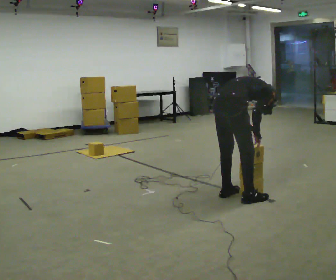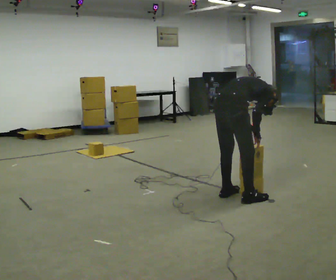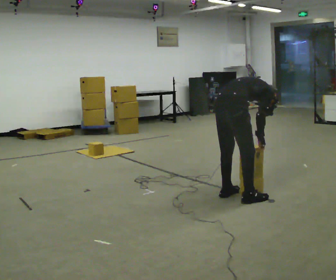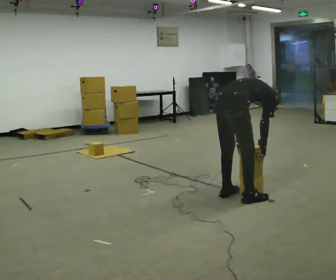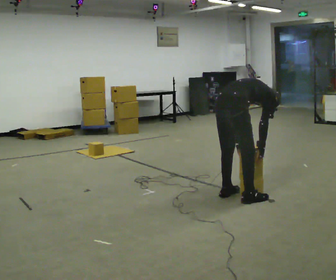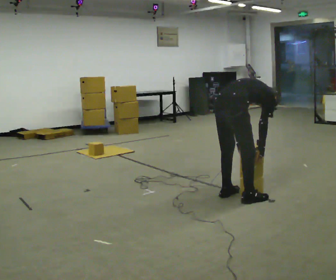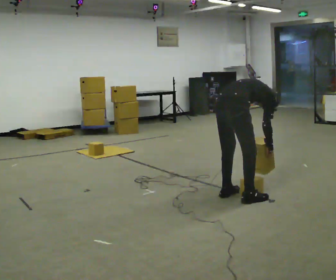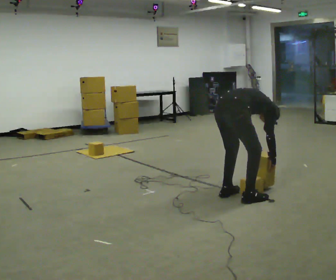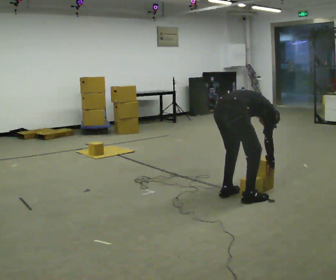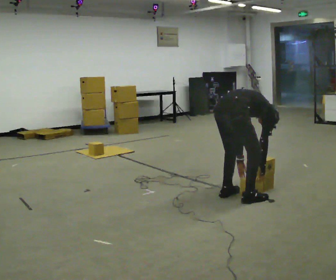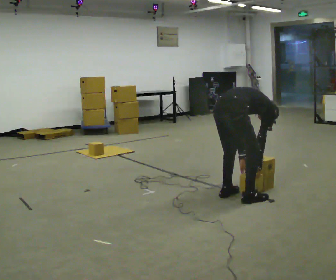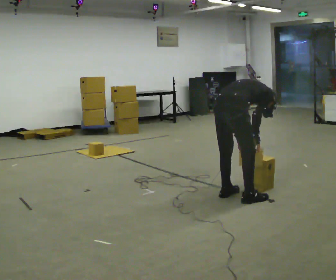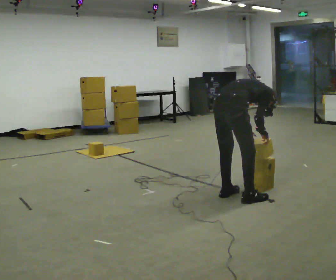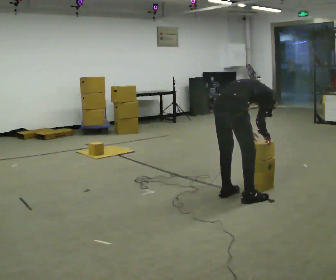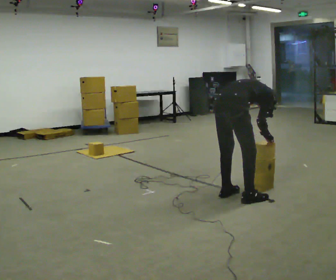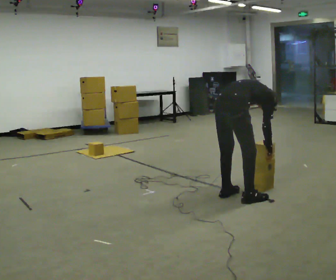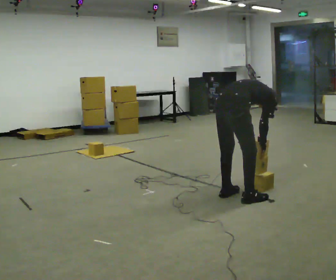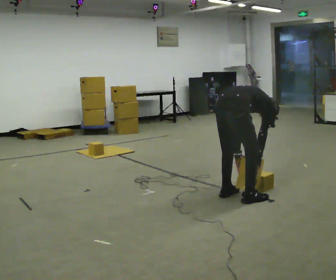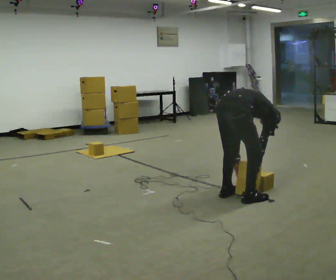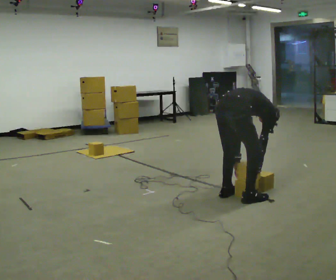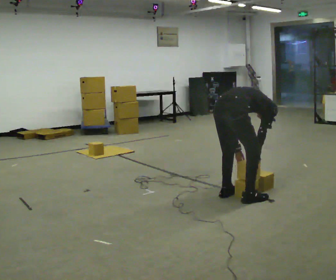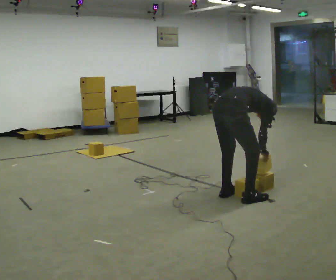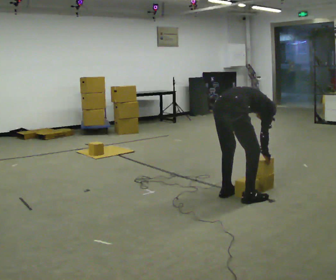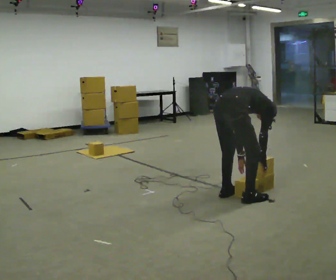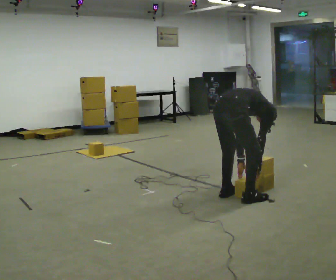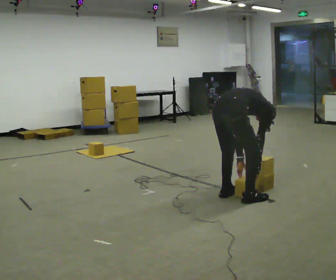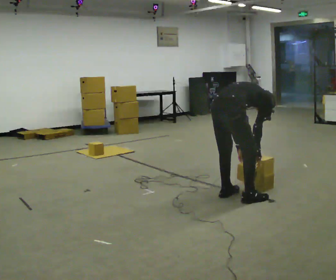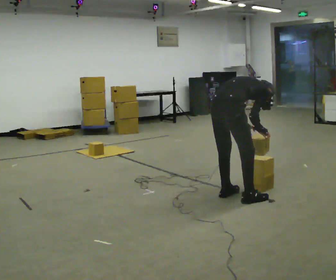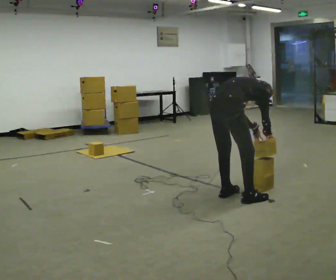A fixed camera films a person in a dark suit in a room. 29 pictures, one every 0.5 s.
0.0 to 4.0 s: The shoulders move downward. In the picture the upper body tilts clockwise, shoulders to the right, as they bend forward.
4.0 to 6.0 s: The shoulders move upward. In the picture the upper body tilts counterclockwise, shoulders to the left, as they lean back or straighten. In the picture their right hand goes upward.
6.0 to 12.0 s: The person moves a little, or ends about where they began.
12.0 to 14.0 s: The upper body goes upward. In the picture the upper body tilts counterclockwise, shoulders to the left, as they lean back or straighten.
The film runs forward here.
